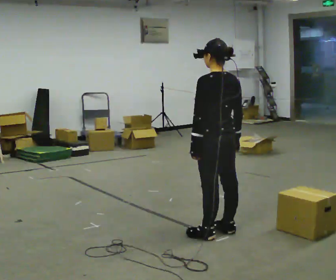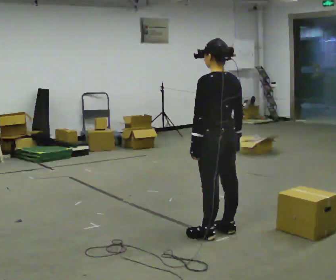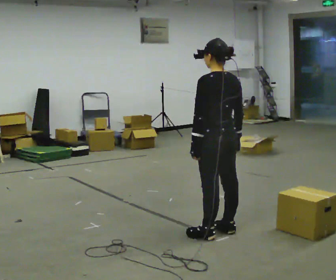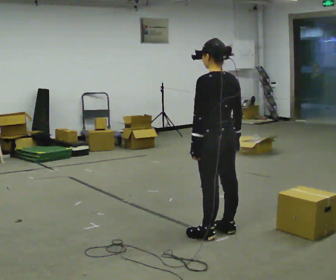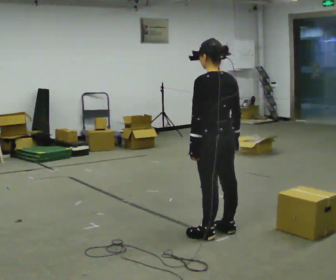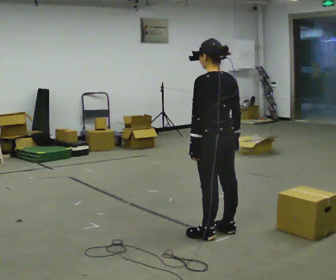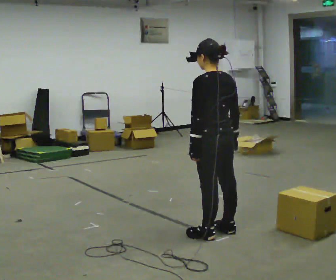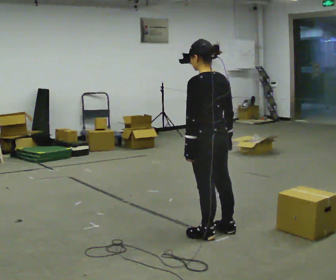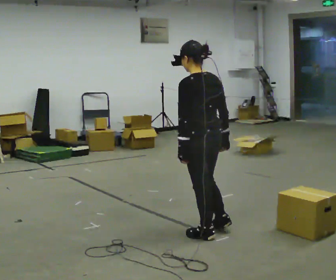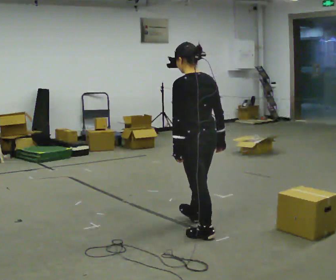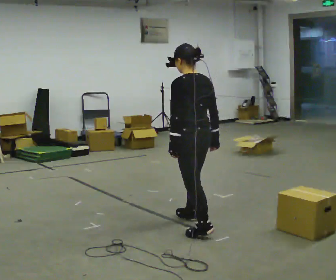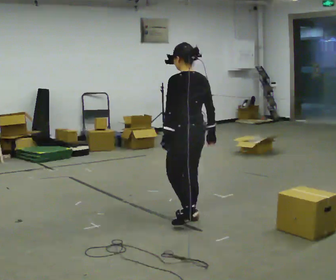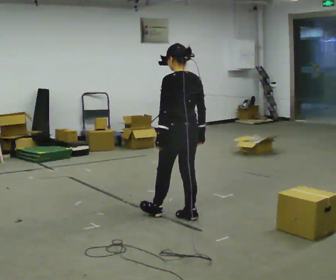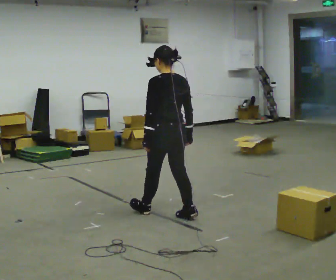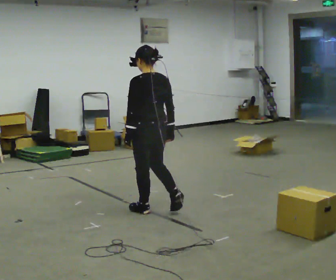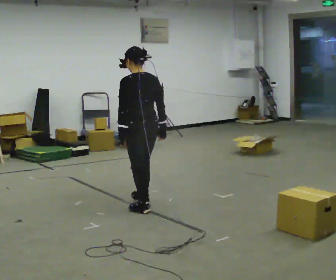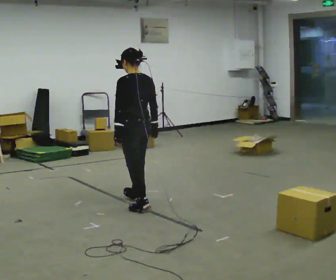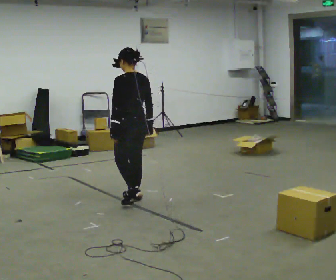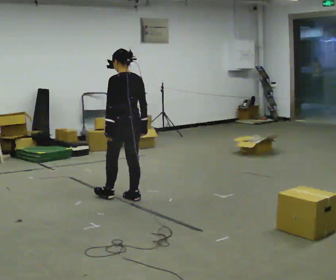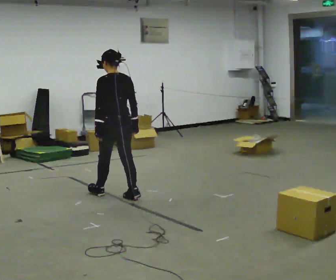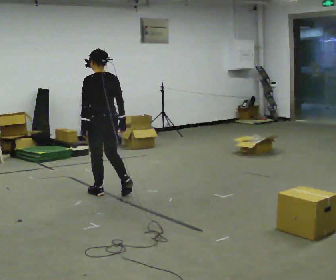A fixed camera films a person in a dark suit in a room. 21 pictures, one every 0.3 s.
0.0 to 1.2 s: The person keeps their place and pose.
1.2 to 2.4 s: The person moves a little, or ends about where they began.
2.4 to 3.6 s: In the picture they go away from the camera, about 0.5 m in 1 step, which for them is forward and to their right.
3.6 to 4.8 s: In the picture they go to the left and away from the camera, about 0.5 m in 2 steps, which for them is forward.
4.8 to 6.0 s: In the picture they go to the left and away from the camera, about 0.5 m in 1 step, which for them is forward.
The film runs forward here.
